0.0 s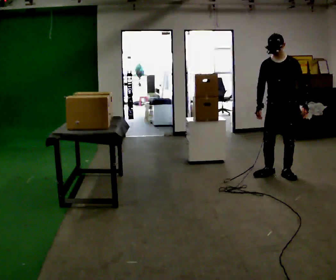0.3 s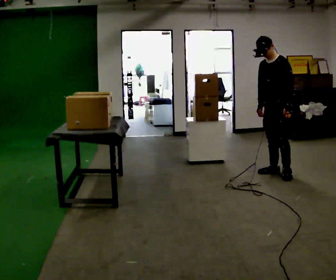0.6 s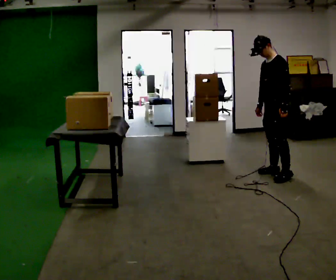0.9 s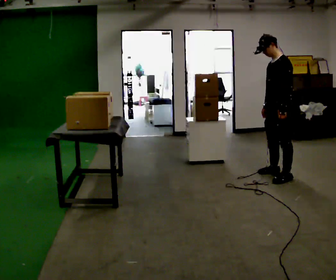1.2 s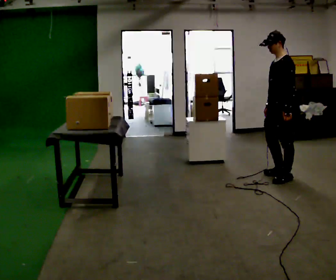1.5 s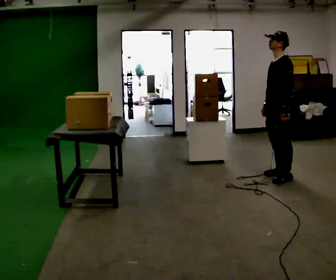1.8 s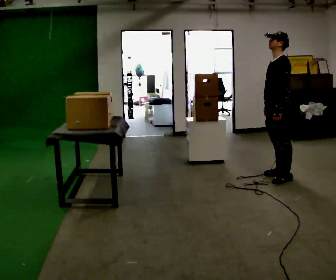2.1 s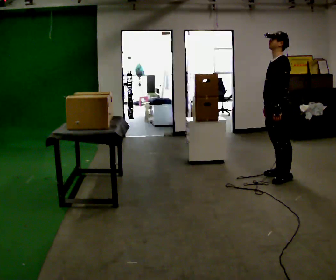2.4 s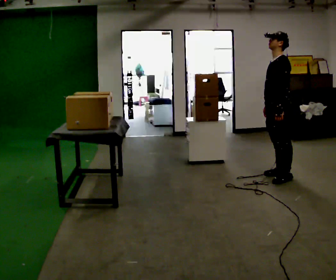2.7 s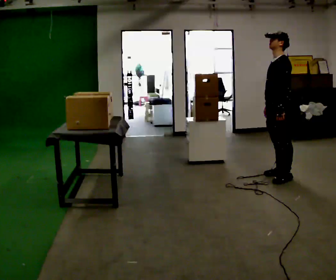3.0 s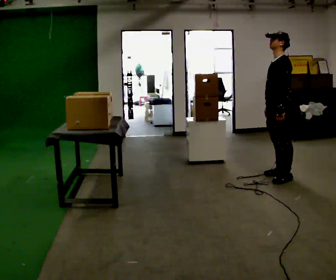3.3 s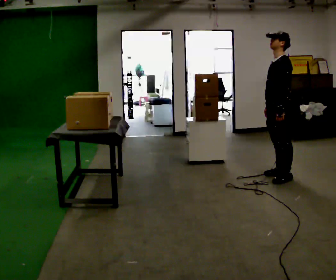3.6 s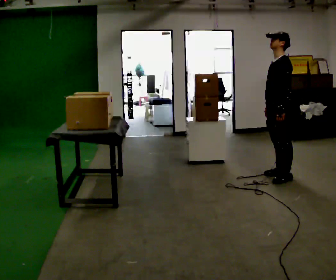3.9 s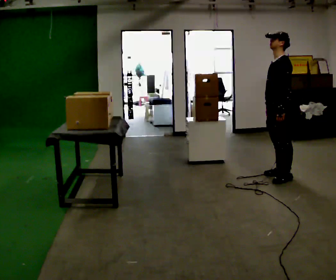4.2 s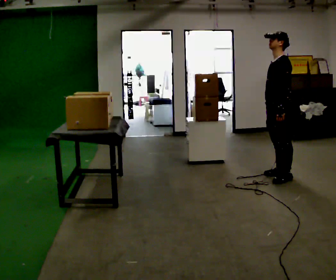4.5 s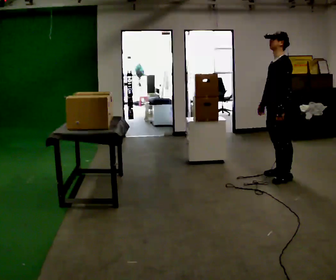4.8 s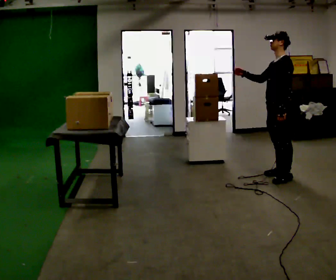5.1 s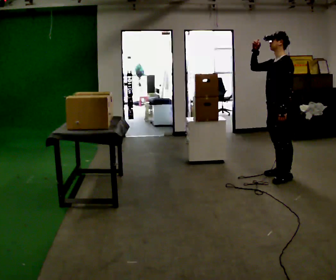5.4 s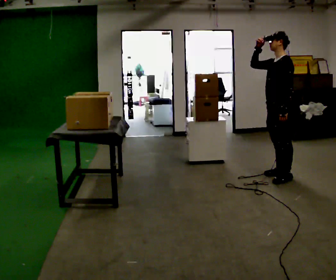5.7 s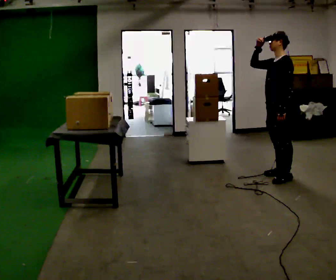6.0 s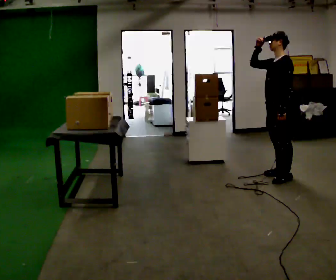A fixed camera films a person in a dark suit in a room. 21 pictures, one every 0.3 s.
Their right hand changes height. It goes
upward.
0.0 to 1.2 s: Seen from above the body turns clockwise, about 45 degrees: to their right, with its near side sliding to the left.
1.2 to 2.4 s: The person moves a little, or ends about where they began.
2.4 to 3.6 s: The person keeps their place and pose.
3.6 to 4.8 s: In the picture their right hand goes upward, the arm swinging clockwise.
4.8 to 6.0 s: The person moves a little, or ends about where they began.
The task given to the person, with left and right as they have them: Reach up into the bin on the top shelf, take out one object at a time, and carry it to the table. Keep going until the operator says stop; one object at a time, and do not rush between trips.
The film runs forward here.
